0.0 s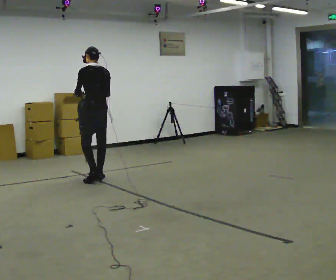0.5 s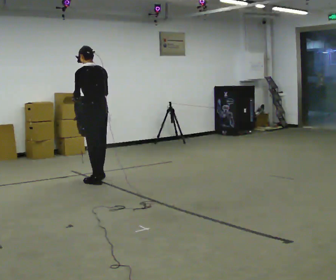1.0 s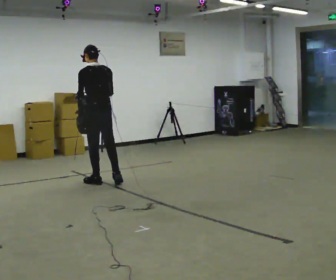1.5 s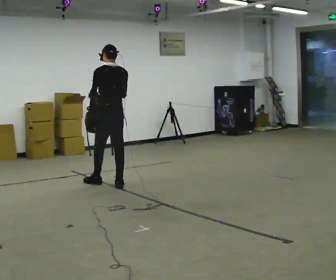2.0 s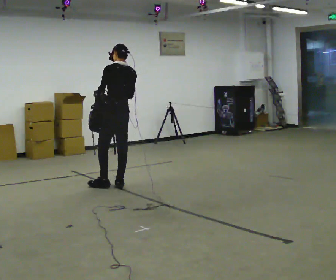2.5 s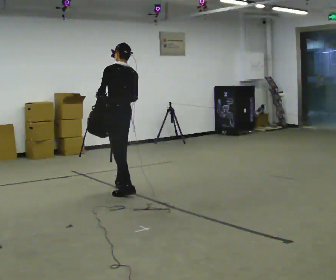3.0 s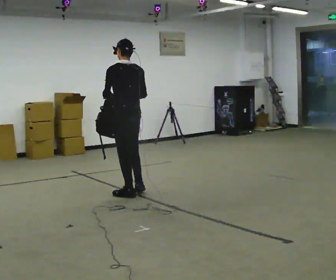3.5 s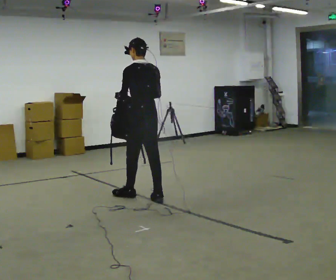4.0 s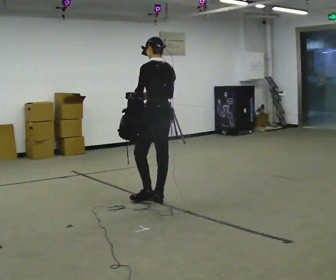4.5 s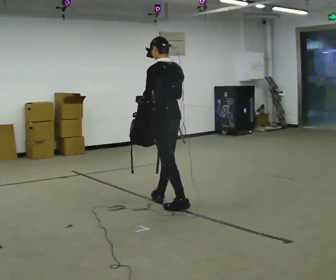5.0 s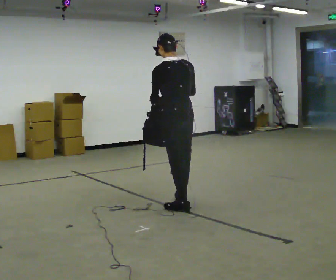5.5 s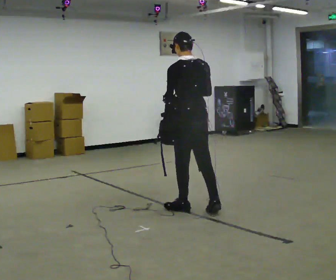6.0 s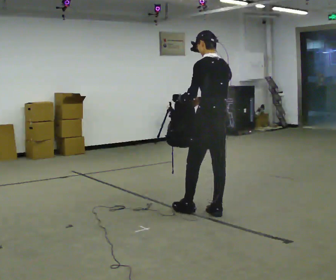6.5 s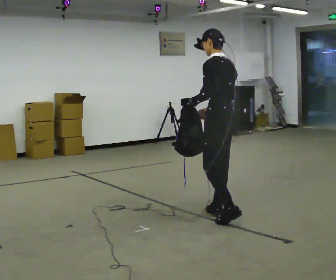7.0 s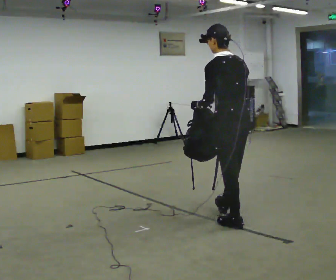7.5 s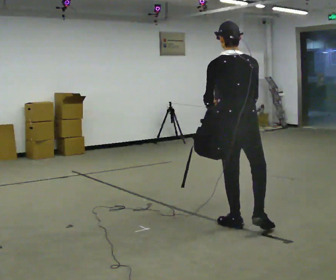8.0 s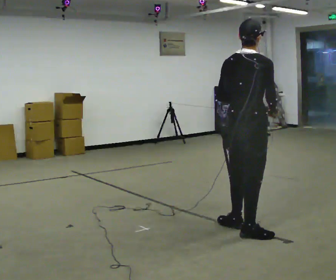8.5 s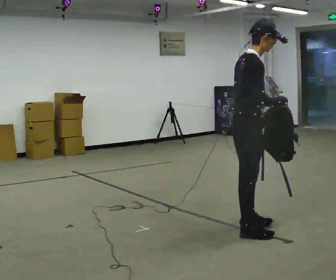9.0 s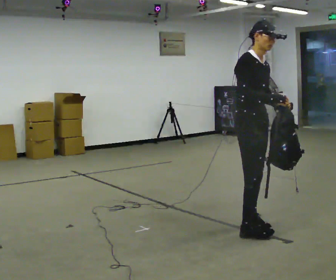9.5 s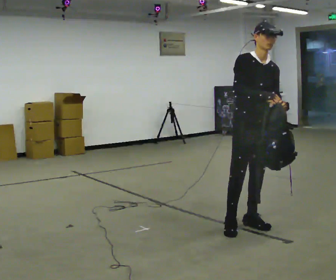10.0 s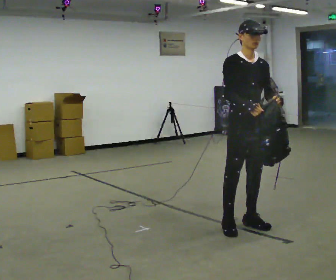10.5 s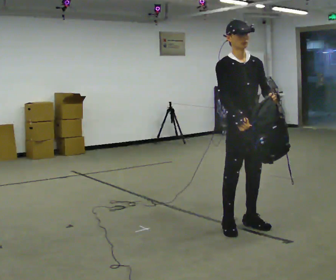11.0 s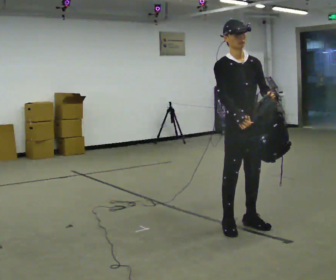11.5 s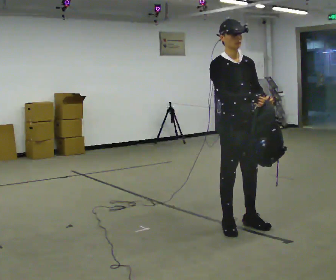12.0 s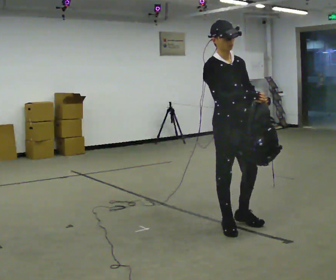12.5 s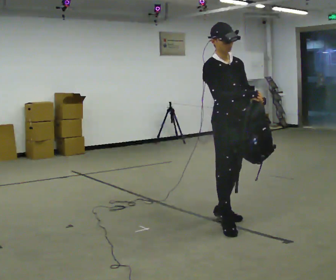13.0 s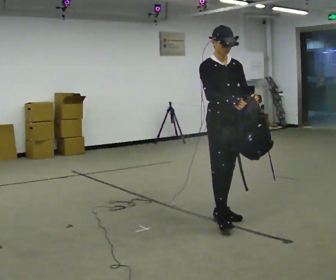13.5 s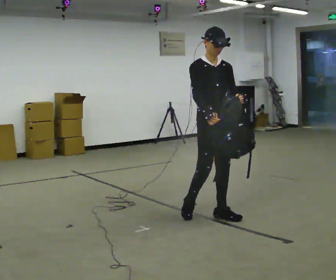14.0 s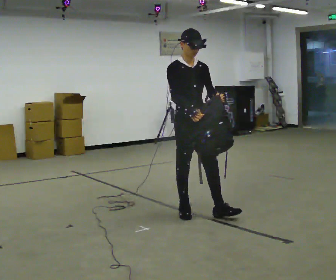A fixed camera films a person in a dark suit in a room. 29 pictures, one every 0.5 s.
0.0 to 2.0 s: In the picture they go to the right and toward the camera, about 0.5 m in 2 steps, which for them is backward.
2.0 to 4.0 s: In the picture they go to the right and toward the camera, about 1 m in 2 steps, which for them is backward.
4.0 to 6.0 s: In the picture they go to the right and toward the camera, about 0.5 m in 2 steps, which for them is backward.
6.0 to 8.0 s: The person turns about 75 degrees to their right, clockwise seen from above, so the part of the body nearest the lens slides to the left. In the picture they go toward the camera and to the right, about 0.75 m in 1 step.
8.0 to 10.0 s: The person turns about 120 degrees to their right, clockwise seen from above, so the part of the body nearest the lens slides to the left. In the picture they go away from the camera, about 0.25 m in 1 step.
10.0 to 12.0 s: The person moves a little, or ends about where they began.
12.0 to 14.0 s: In the picture they go away from the camera and to the left, about 0.5 m in 1 step, which for them is backward.
The film runs backward here.
